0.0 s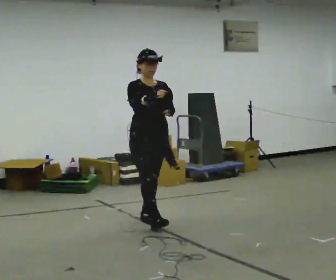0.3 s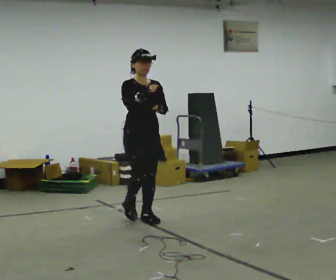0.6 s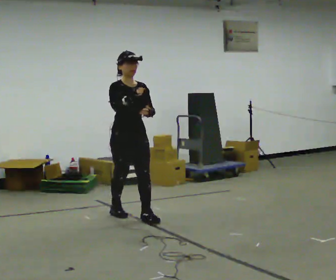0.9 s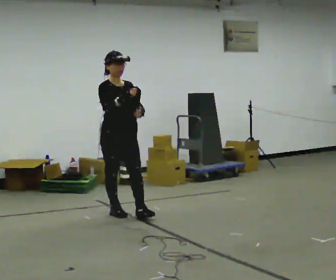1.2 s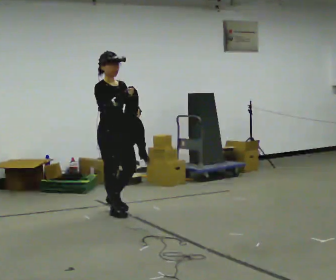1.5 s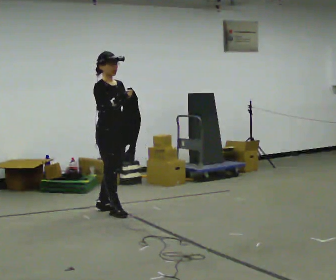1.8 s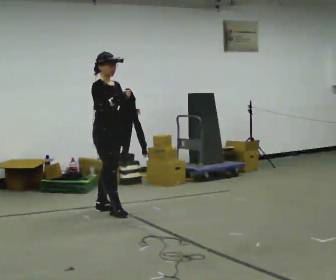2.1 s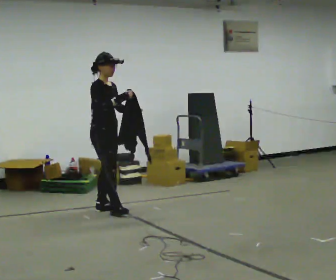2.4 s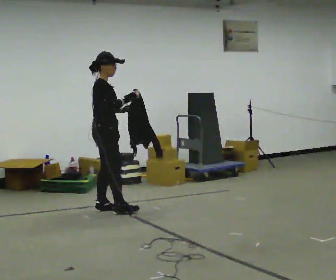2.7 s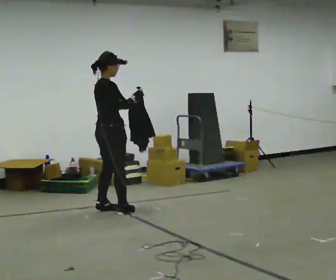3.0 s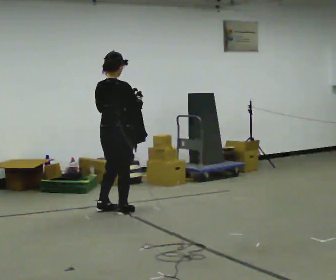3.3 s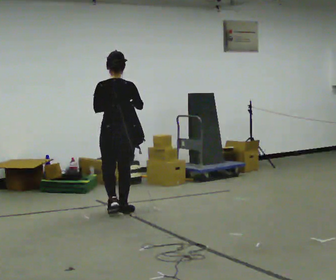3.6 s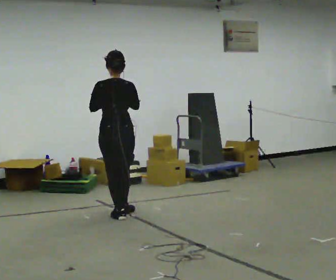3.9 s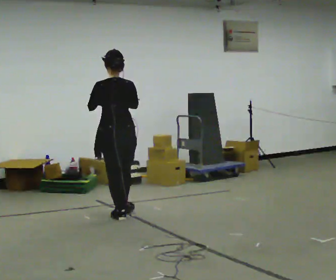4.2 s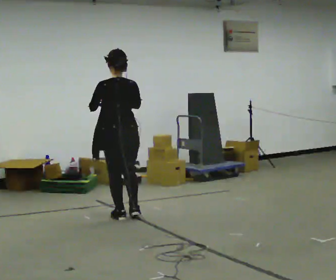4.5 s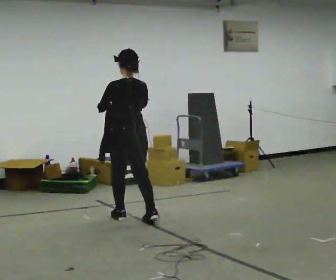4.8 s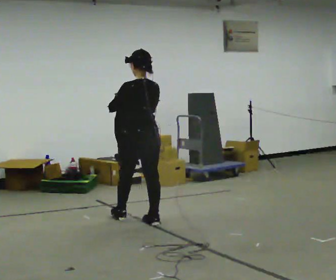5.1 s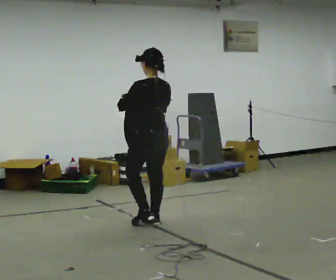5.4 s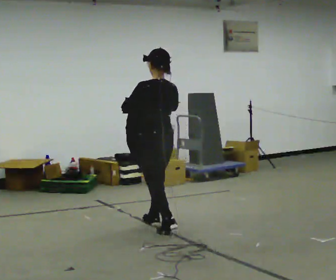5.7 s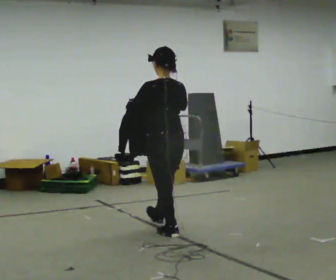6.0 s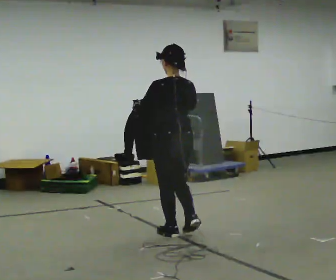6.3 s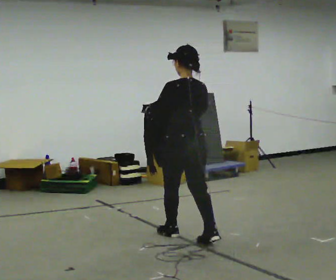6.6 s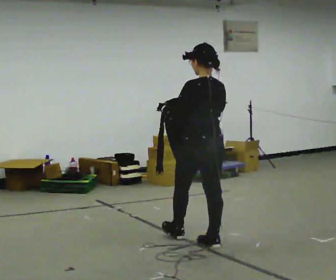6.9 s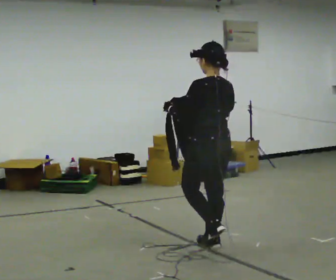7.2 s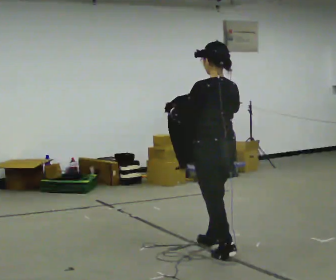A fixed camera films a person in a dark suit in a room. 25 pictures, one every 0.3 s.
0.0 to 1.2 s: Seen from above the body turns counterclockwise, about 30 degrees: to their left, with its near side sliding to the right. In the picture they go to the left and away from the camera, about 0.5 m in 1 step, which for them is backward.
1.2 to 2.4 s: Seen from above the body turns counterclockwise, about 45 degrees: to their left, with its near side sliding to the right. In the picture they go away from the camera, about 0.25 m, which for them is backward.
2.4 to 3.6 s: The part of the body nearest the lens slides to the right as the person turns to their left by about 105 degrees. In the picture they go toward the camera and to the right, about 0.25 m in 1 step.
3.6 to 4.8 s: In the picture they go to the right and toward the camera, about 0.5 m in 1 step, which for them is backward and to their right.
4.8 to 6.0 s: In the picture they go toward the camera and to the right, about 0.5 m in 2 steps, which for them is backward.
6.0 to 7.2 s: In the picture they go toward the camera and to the right, about 0.5 m in 1 step, which for them is backward.
The film runs backward here.
